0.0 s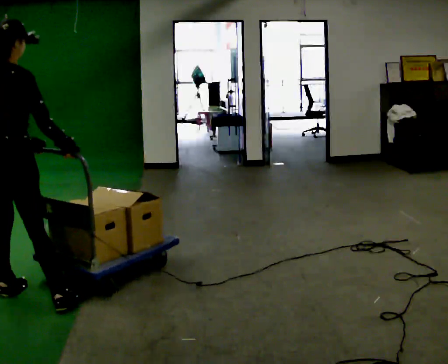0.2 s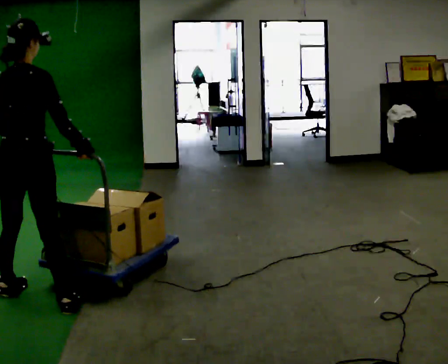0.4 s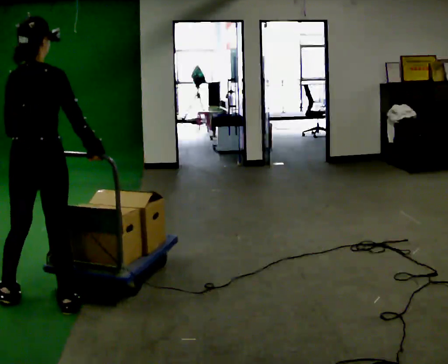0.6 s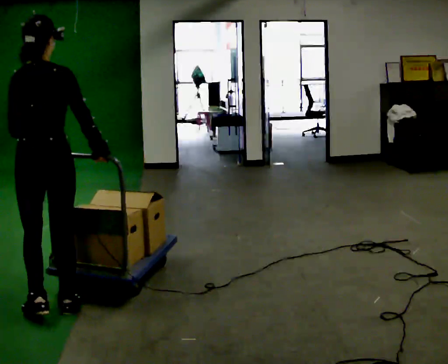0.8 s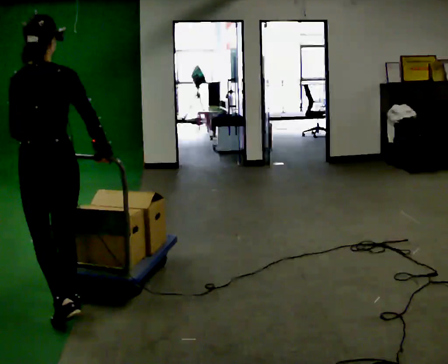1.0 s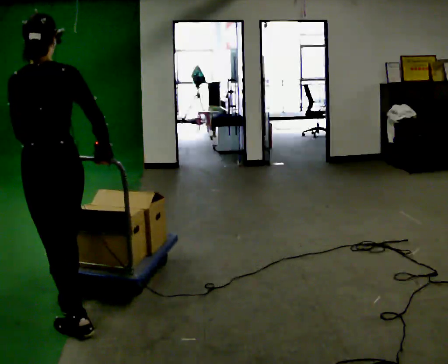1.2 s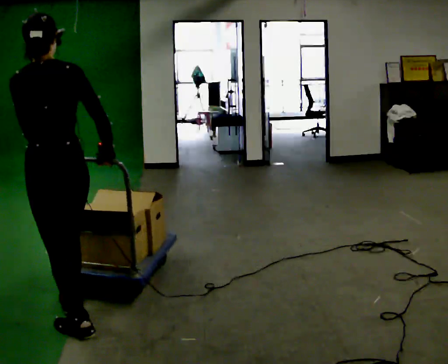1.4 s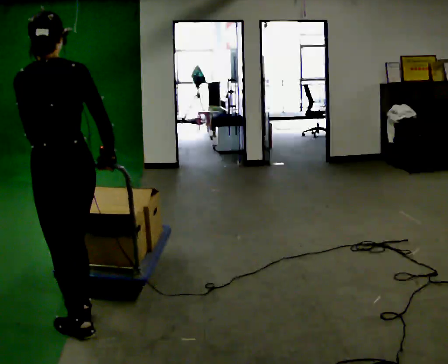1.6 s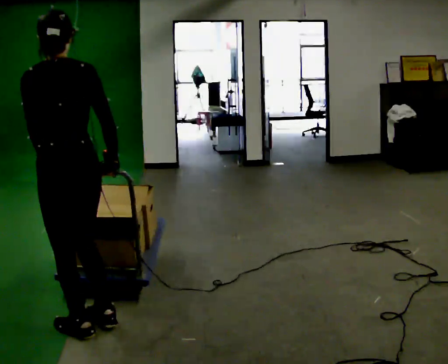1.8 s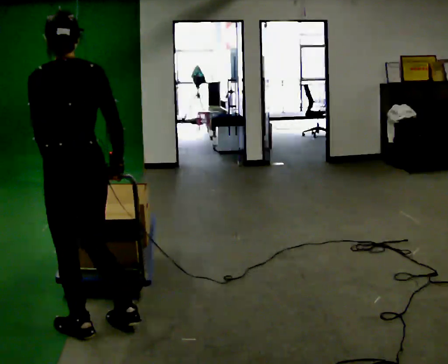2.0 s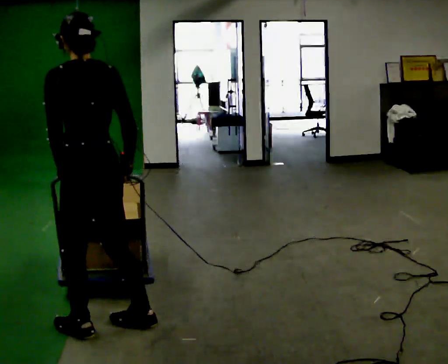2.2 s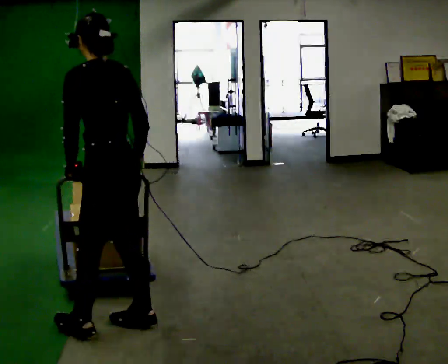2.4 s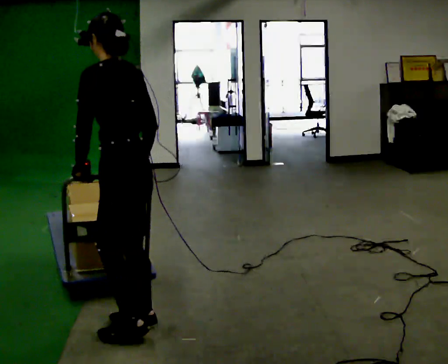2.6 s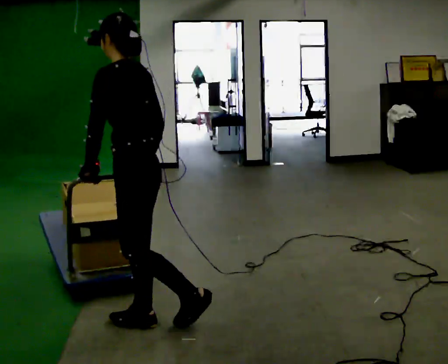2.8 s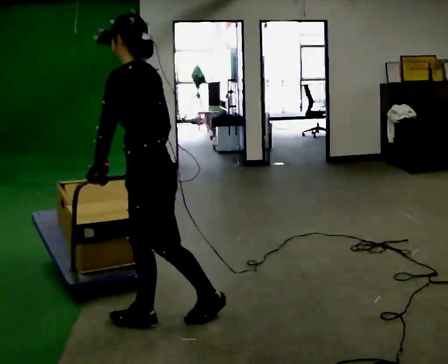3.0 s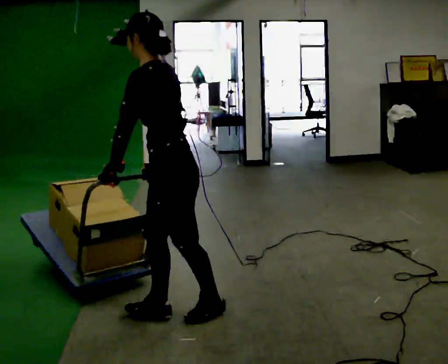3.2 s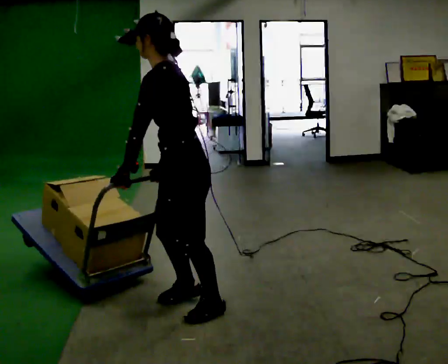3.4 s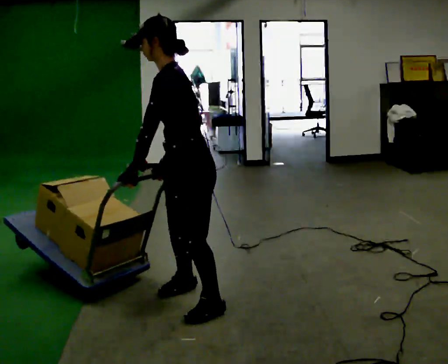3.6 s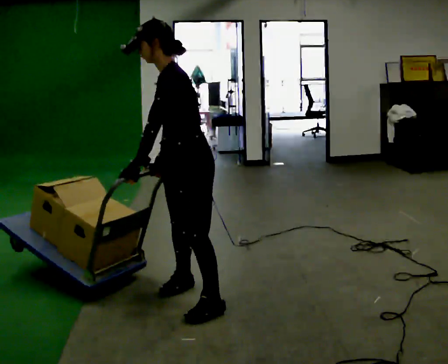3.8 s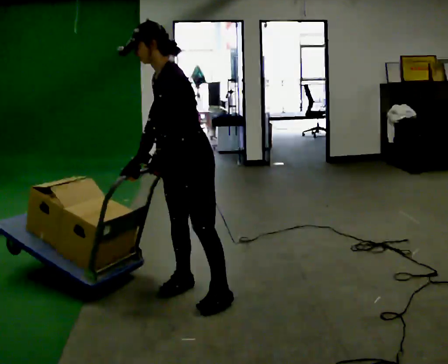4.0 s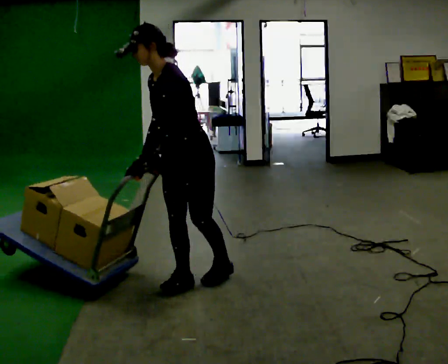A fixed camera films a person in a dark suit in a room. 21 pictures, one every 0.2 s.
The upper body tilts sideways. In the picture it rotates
counterclockwise.
The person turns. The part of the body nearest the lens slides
to the right.
0.0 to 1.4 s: The part of the body nearest the lens slides to the right as the person turns to their left by about 45 degrees. In the picture they go to the right and toward the camera, about 0.5 m in 2 steps, which for them is to their right and backward.
1.4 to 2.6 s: Seen from above the body turns counterclockwise, about 60 degrees: to their left, with its near side sliding to the right. In the picture they go to the right, about 0.5 m in 1 step, which for them is to their right and backward.
2.6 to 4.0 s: Seen from above the body turns counterclockwise, about 45 degrees: to their left, with its near side sliding to the right. In the picture they go away from the camera and to the right, about 0.5 m in 2 steps, which for them is to their right and backward.
The film runs backward here.
